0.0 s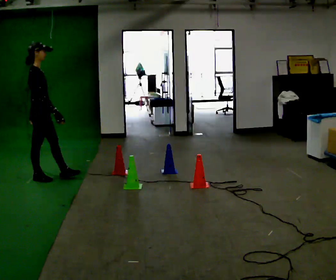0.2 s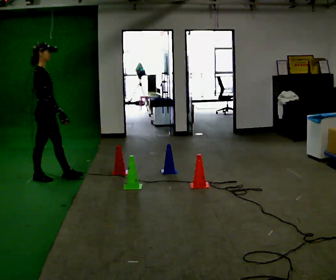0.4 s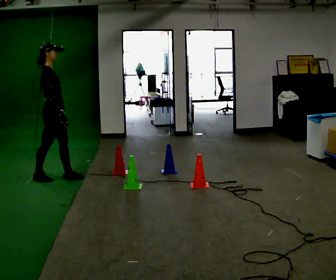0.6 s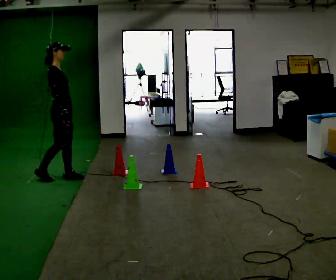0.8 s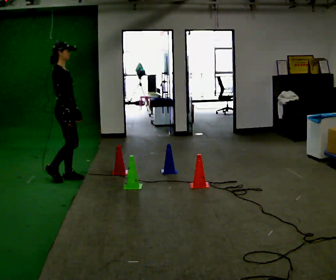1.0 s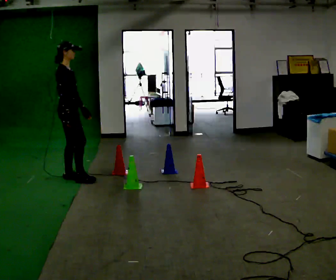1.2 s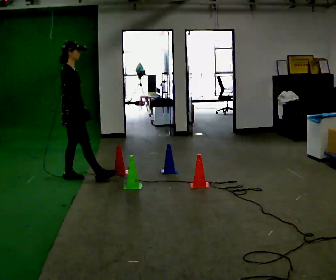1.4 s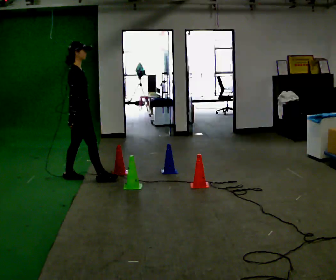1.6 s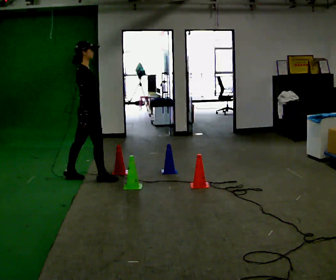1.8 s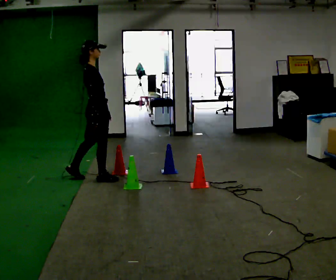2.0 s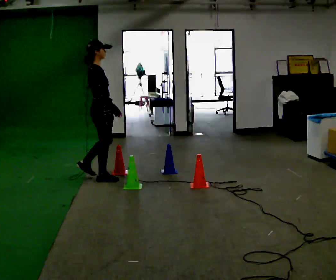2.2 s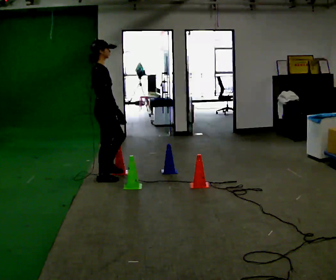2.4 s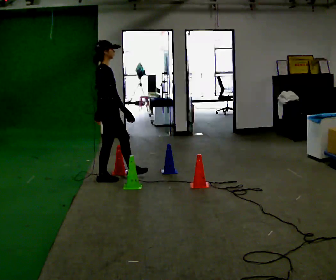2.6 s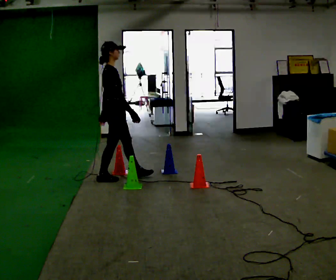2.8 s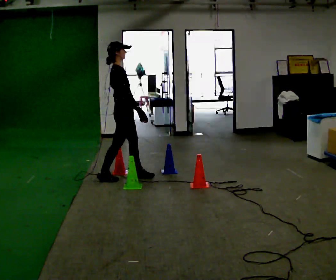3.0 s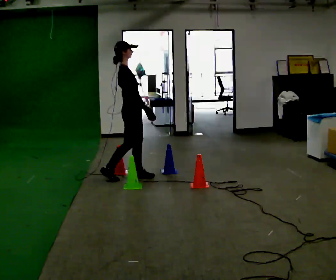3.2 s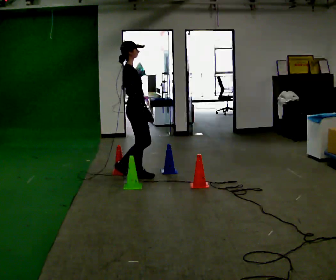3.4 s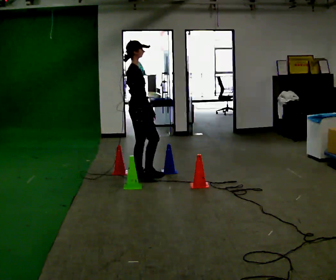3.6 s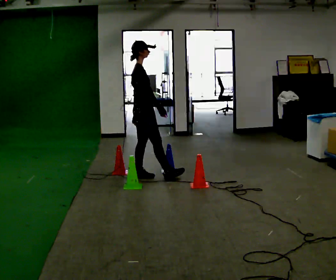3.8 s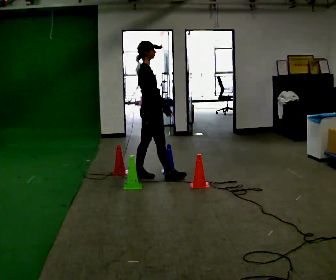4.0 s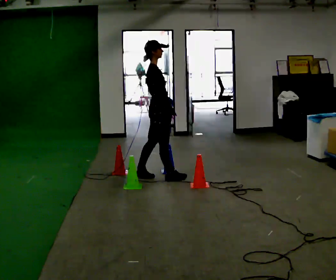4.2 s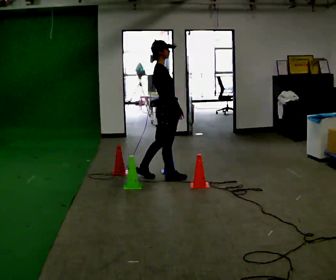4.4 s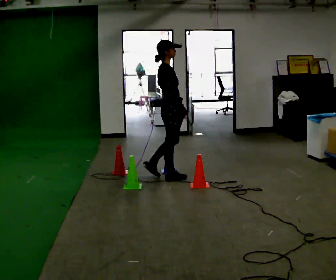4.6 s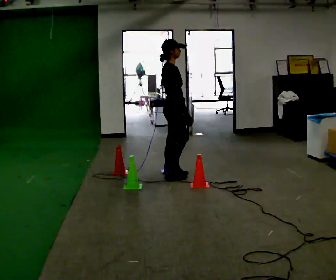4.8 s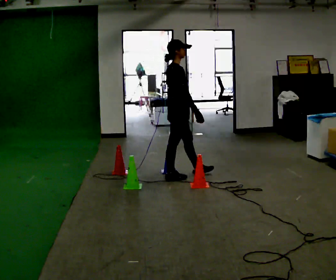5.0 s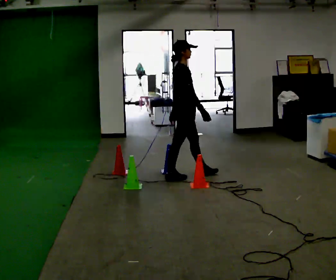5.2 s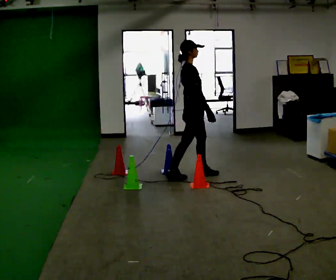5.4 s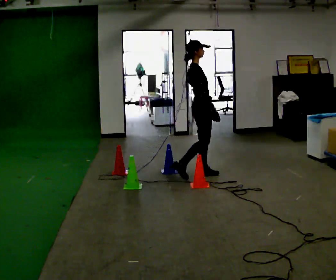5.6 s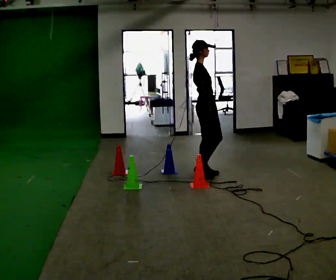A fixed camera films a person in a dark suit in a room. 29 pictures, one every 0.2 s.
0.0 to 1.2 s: In the picture they go to the right, about 0.5 m in 2 steps, which for them is forward.
1.2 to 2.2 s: In the picture they go to the right, about 0.25 m, which for them is forward.
2.2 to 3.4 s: In the picture they go to the right, about 0.5 m in 1 step, which for them is forward.
3.4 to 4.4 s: In the picture they go to the right, about 0.5 m in 1 step, which for them is forward.
4.4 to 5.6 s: In the picture they go to the right, about 0.5 m in 1 step, which for them is forward.
The film runs forward here.
